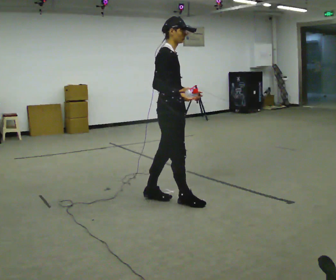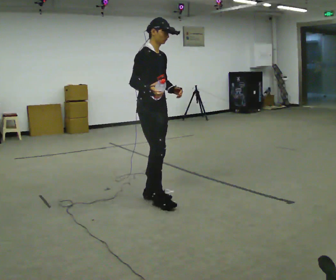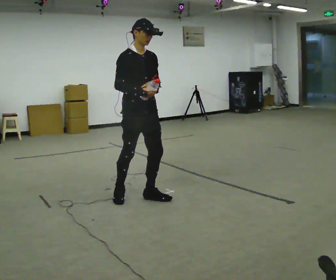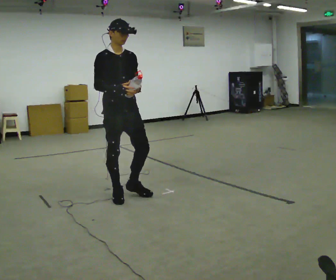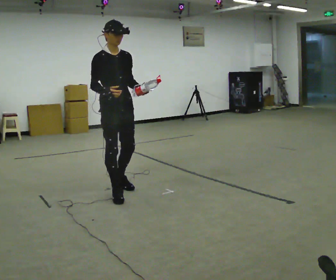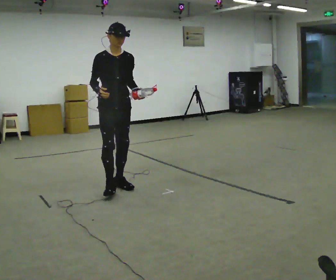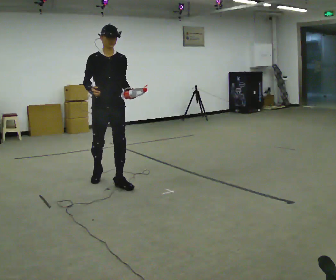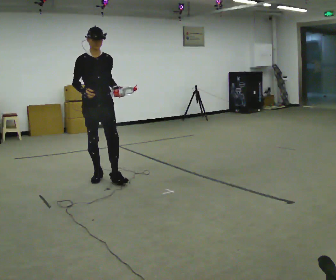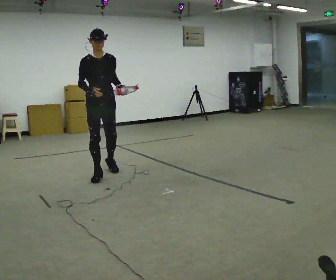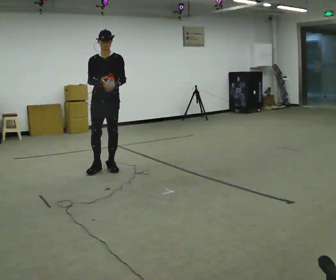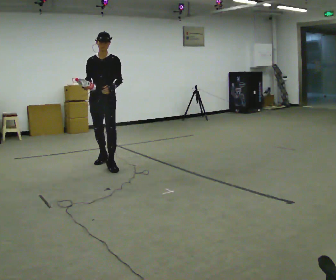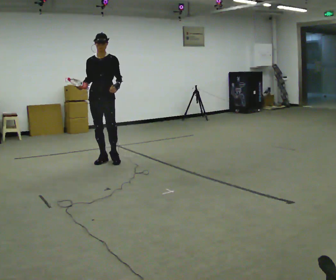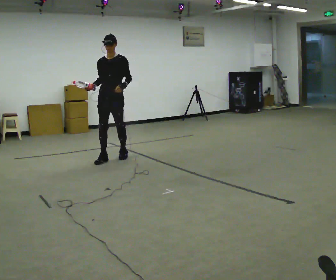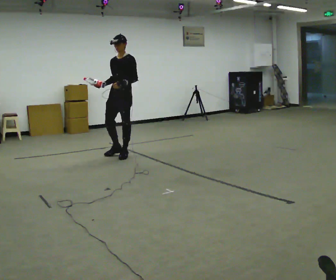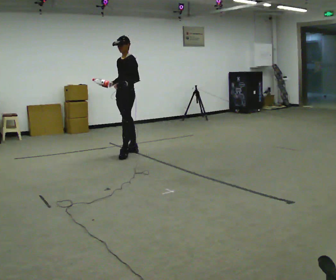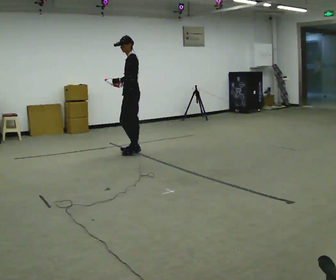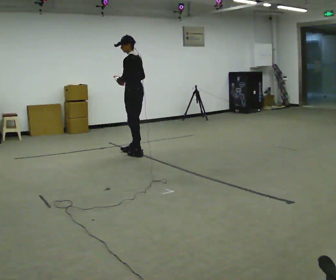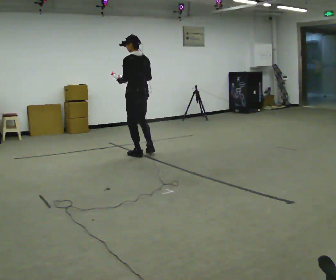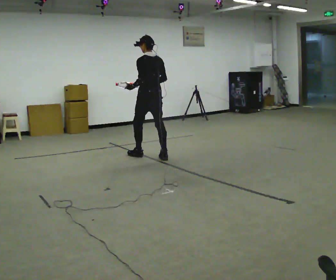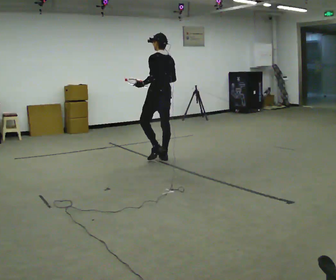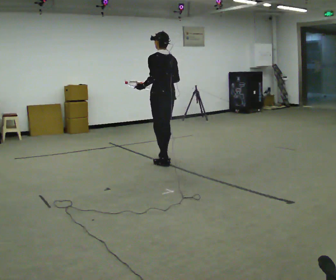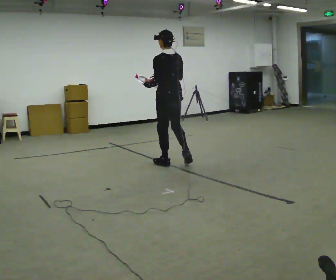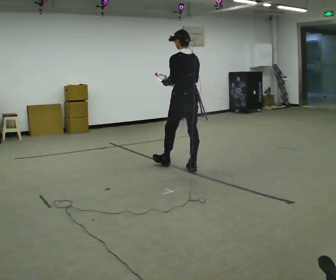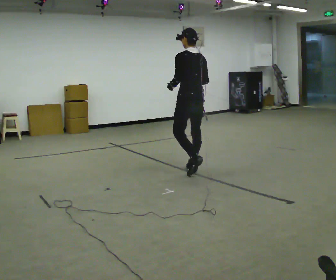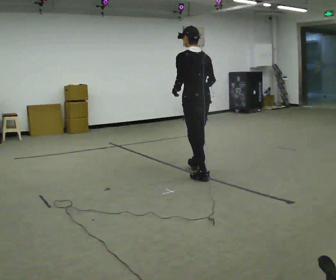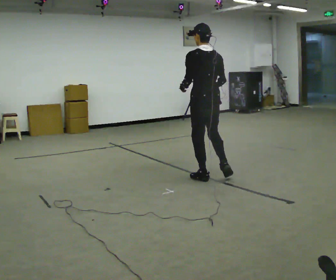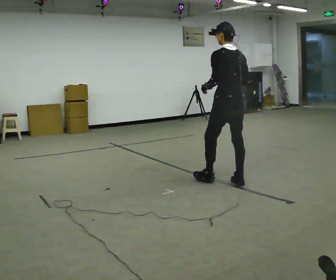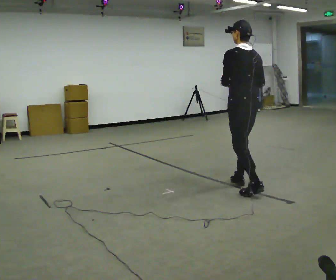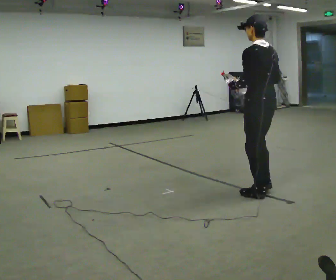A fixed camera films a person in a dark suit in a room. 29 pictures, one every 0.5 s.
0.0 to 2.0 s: Seen from above the body turns clockwise, about 45 degrees: to their right, with its near side sliding to the left. In the picture they go to the left and away from the camera, about 0.5 m in 2 steps, which for them is backward.
2.0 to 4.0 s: In the picture they go away from the camera, about 1 m in 2 steps, which for them is backward.
4.0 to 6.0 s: The part of the body nearest the lens slides to the left as the person turns to their right by about 30 degrees. In the picture they go away from the camera, about 1 m in 2 steps, which for them is backward.
6.0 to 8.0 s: Seen from above the body turns clockwise, about 105 degrees: to their right, with its near side sliding to the left. In the picture they go to the right and away from the camera, about 0.5 m in 2 steps.
8.0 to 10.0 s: The person turns about 30 degrees to their right, clockwise seen from above, so the part of the body nearest the lens slides to the left. In the picture they go toward the camera and to the right, about 0.5 m in 2 steps, which for them is backward.
10.0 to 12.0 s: In the picture they go toward the camera and to the right, about 1 m in 3 steps, which for them is backward.
12.0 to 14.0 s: In the picture they go toward the camera and to the right, about 1 m in 2 steps, which for them is backward.
The film runs backward here.
